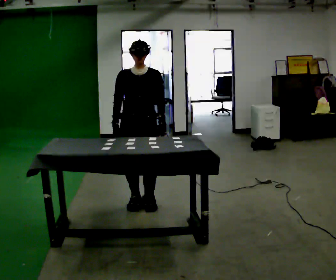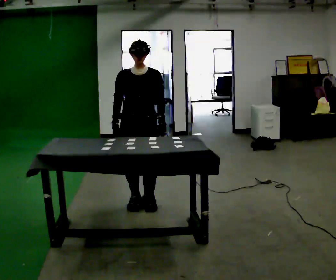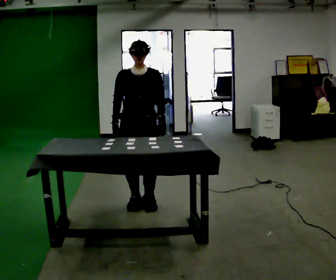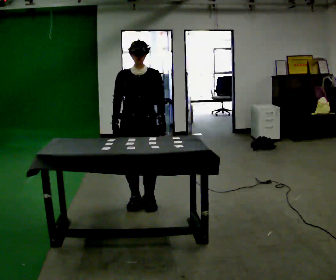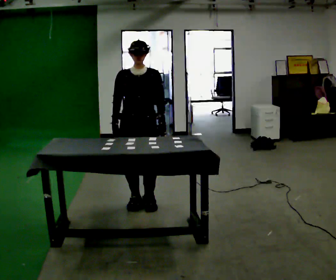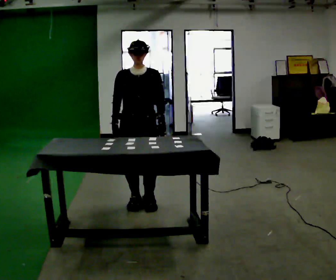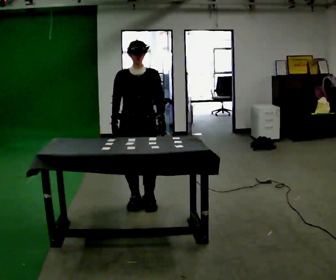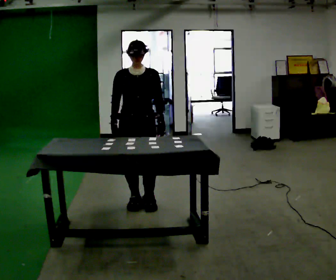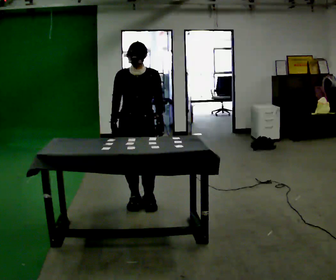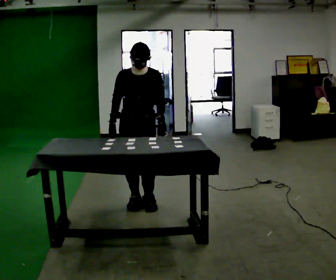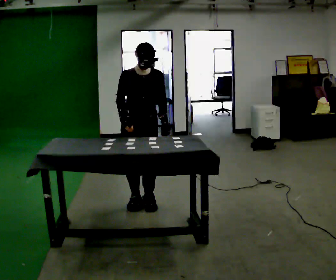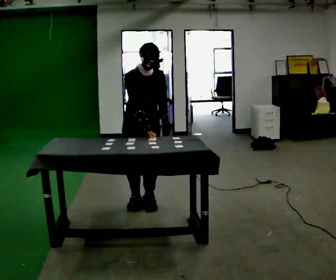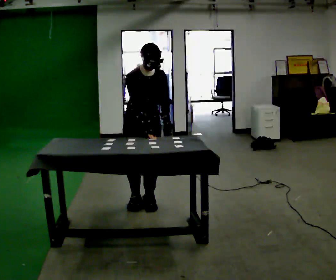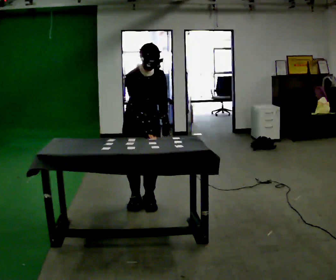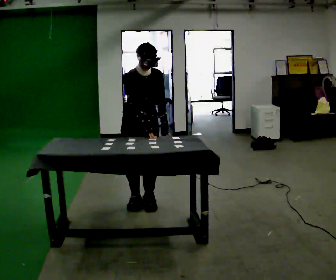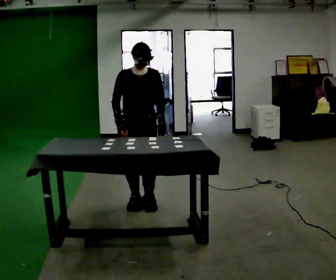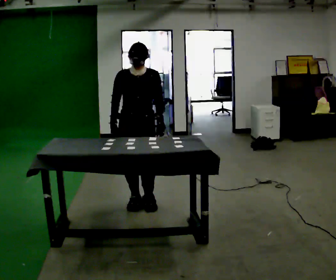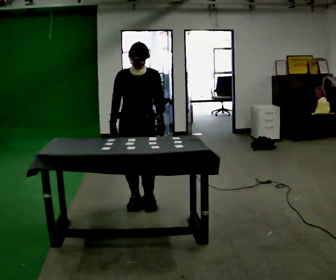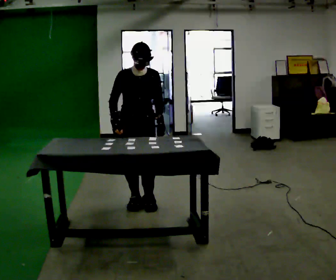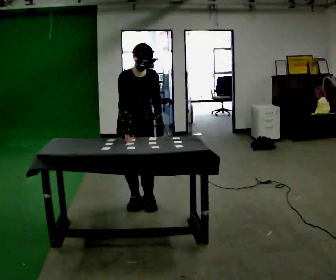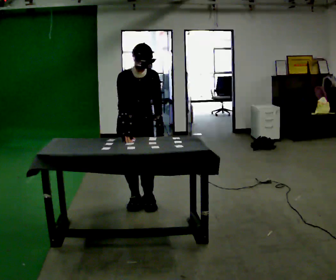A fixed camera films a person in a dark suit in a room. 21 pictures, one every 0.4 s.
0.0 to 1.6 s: The person keeps their place and pose.
1.6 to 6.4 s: The person moves a little, or ends about where they began.
6.4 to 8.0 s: The upper body tips toward the camera, its near side rolling downward, as they bend forward.
The film runs backward here.
